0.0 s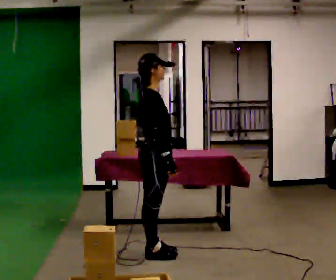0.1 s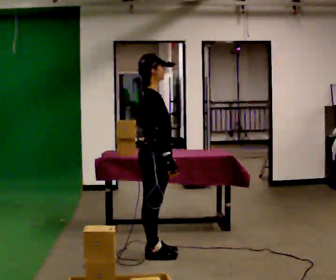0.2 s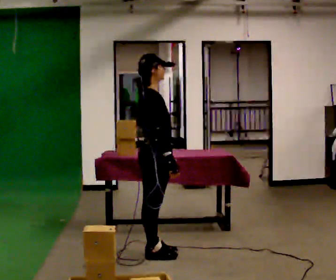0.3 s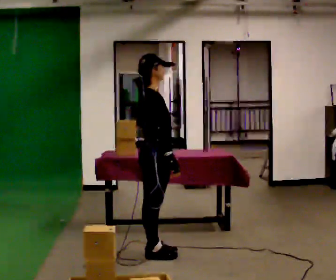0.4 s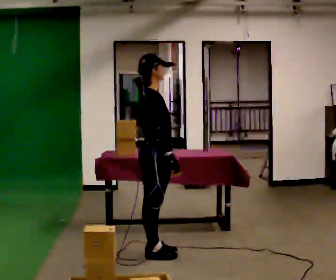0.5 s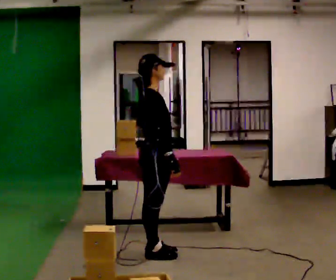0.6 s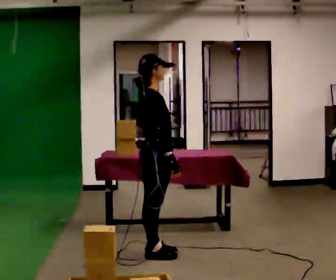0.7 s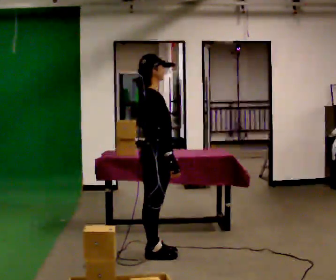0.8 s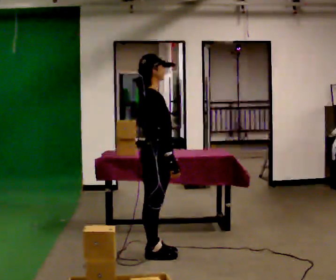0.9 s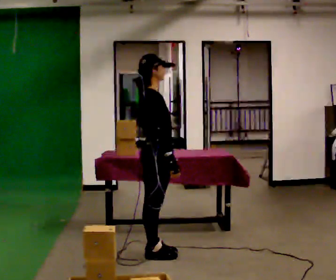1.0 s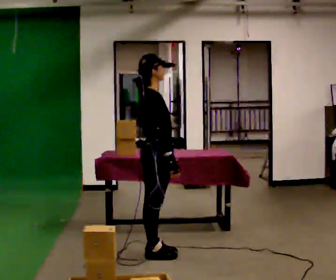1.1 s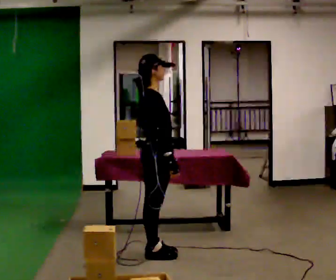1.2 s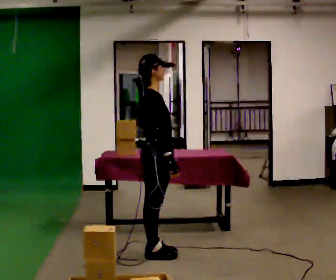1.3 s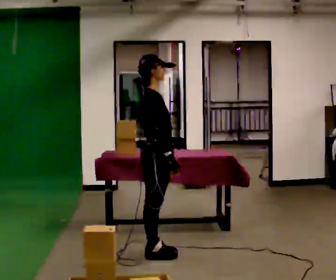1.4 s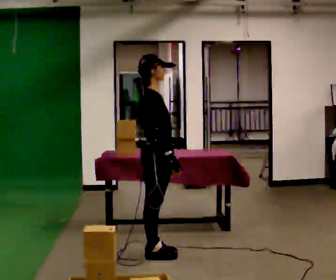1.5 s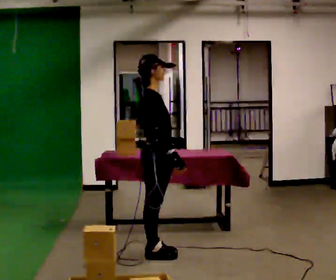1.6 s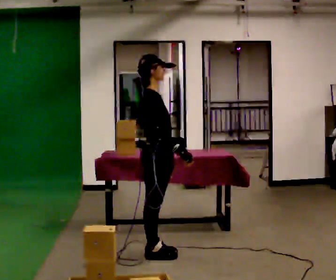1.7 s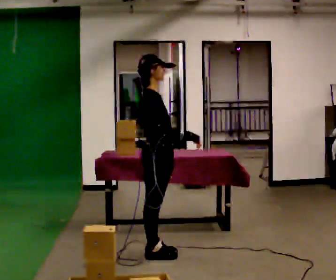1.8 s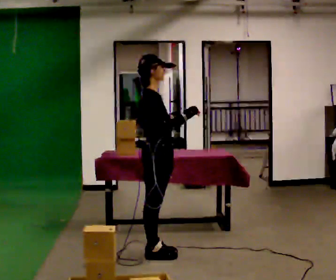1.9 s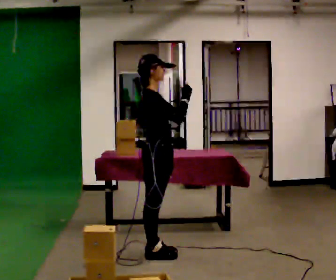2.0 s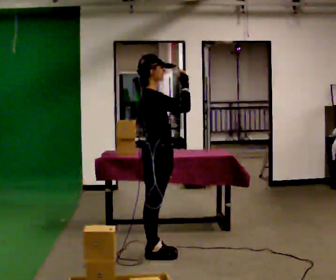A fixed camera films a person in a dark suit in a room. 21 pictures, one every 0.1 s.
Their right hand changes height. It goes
upward.
0.0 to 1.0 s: The person moves a little, or ends about where they began.
1.0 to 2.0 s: In the picture their right hand goes upward.
The film runs forward here.
